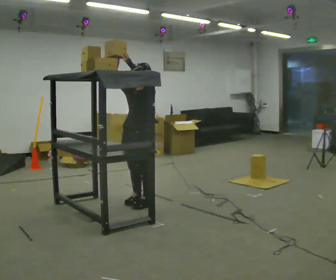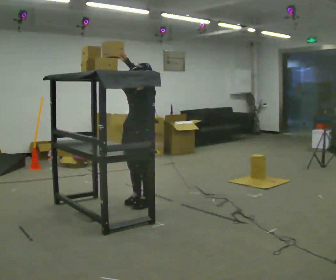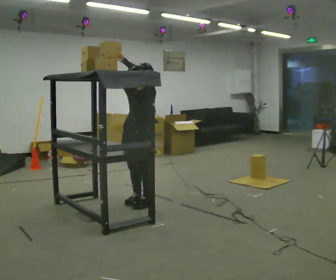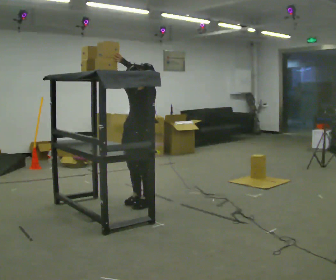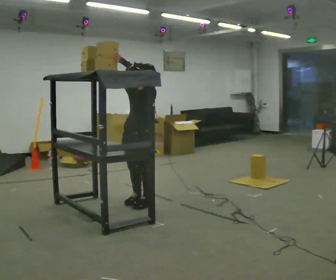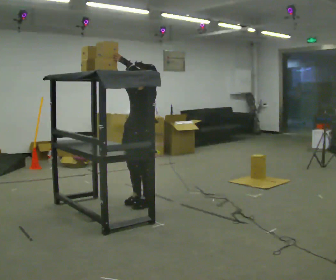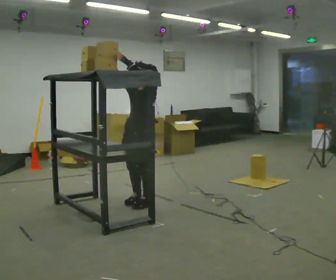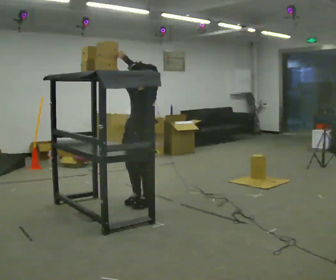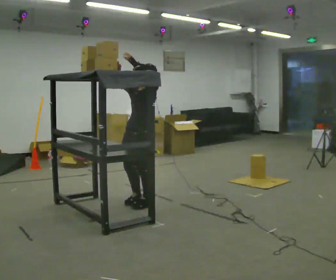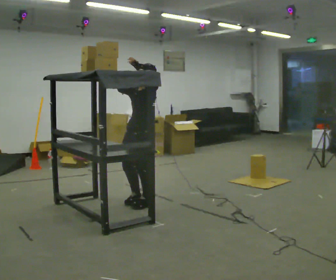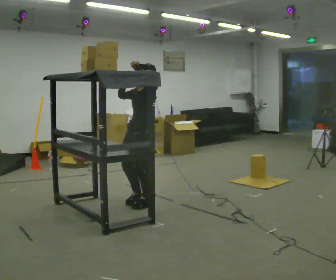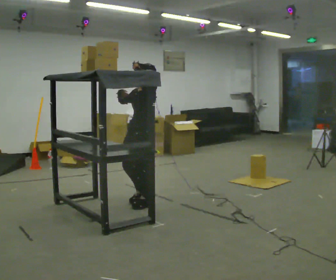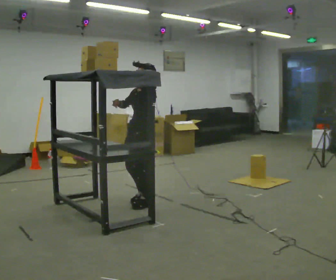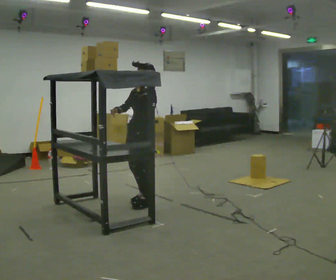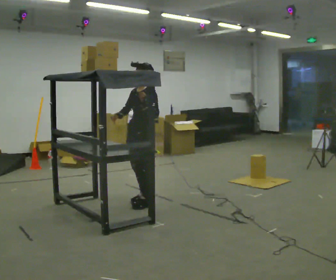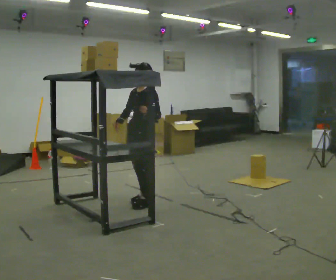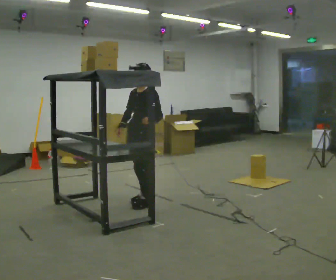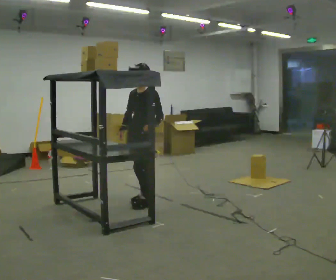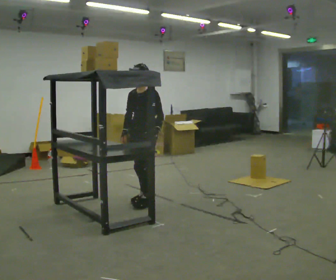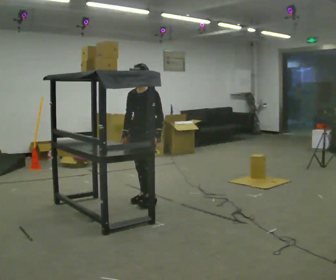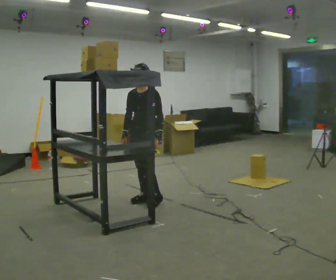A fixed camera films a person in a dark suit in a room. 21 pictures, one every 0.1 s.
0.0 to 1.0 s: The person moves a little, or ends about where they began.
1.0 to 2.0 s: Seen from above the body turns counterclockwise, about 30 degrees: to their left, with its near side sliding to the right. In the picture they go away from the camera, about 0.25 m in 1 step, which for them is backward. In the picture their left hand goes downward.
The film runs backward here.
